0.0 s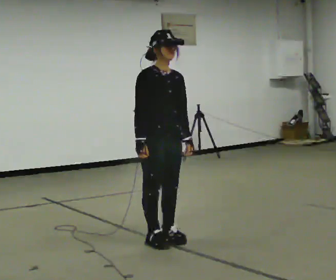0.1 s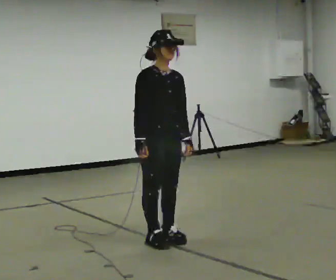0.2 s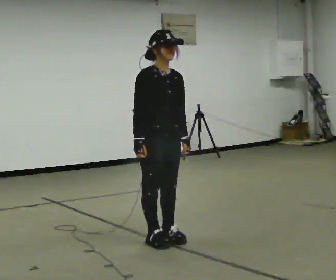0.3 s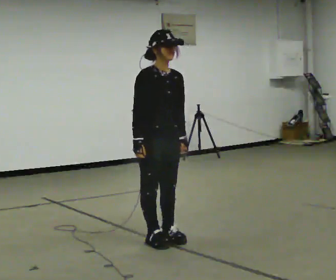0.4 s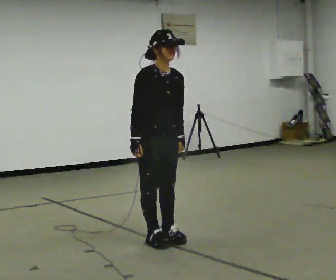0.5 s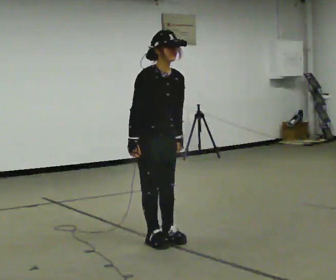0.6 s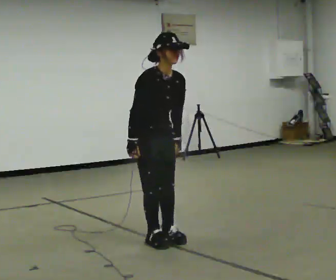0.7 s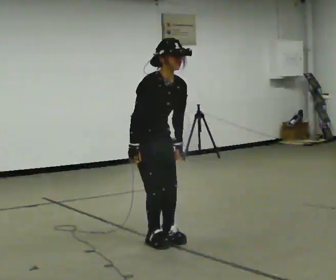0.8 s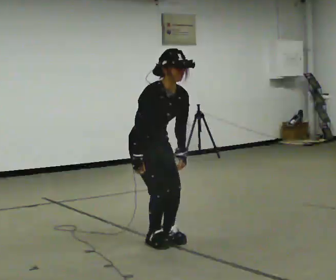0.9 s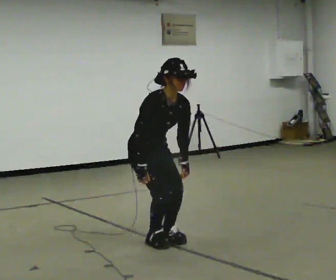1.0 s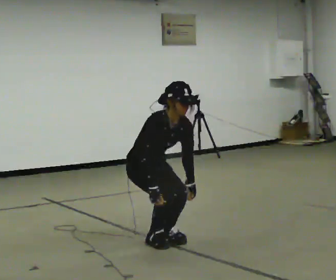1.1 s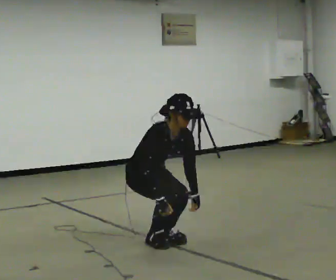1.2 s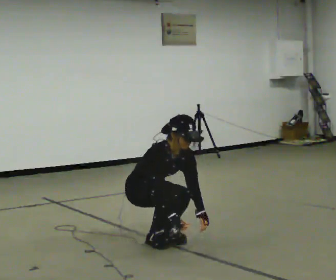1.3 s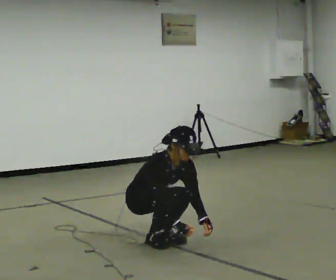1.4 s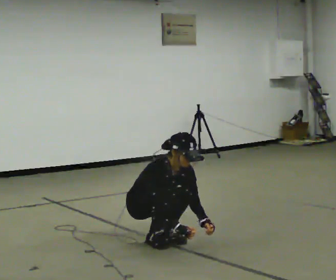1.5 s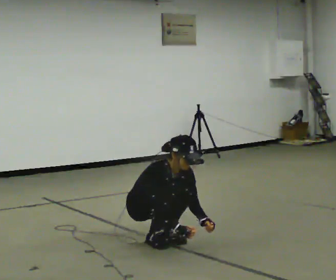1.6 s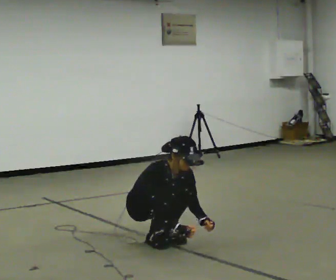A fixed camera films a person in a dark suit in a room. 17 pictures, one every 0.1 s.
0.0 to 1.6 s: In the picture they go away from the camera, about 0.25 m, which for them is backward. The shoulders move downward. The upper body tips toward the camera, its near side rolling downward, as they bend forward. In the picture their right hand goes downward.
The film runs backward here.
